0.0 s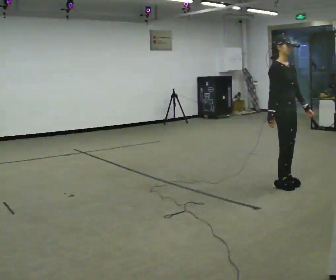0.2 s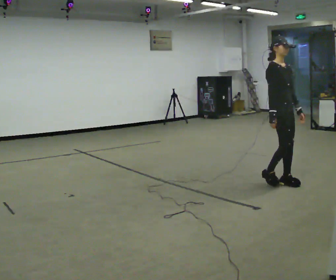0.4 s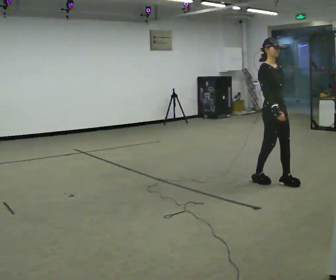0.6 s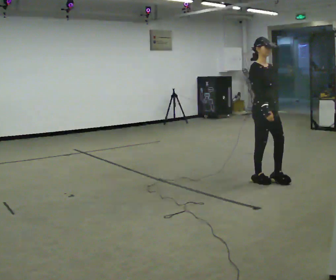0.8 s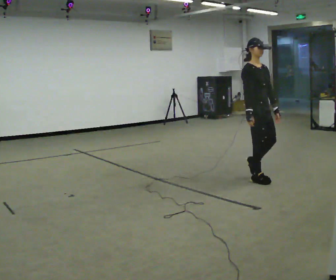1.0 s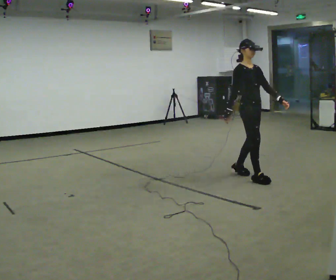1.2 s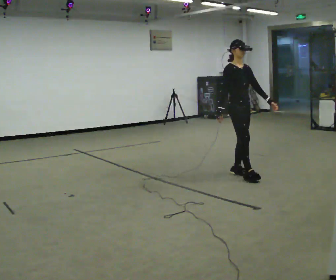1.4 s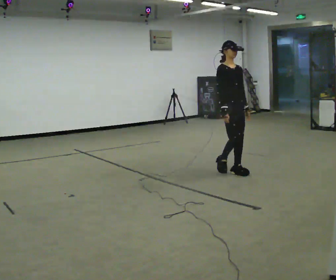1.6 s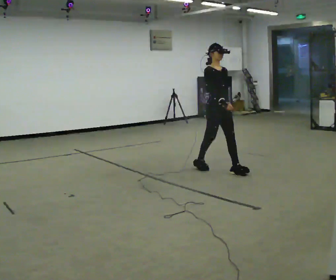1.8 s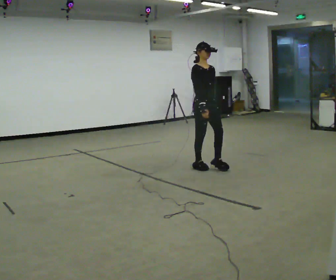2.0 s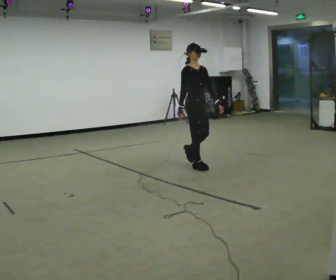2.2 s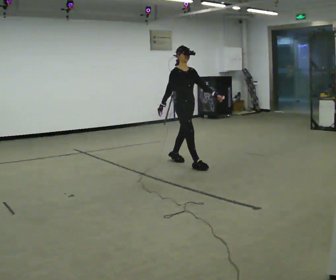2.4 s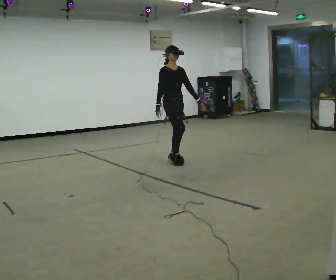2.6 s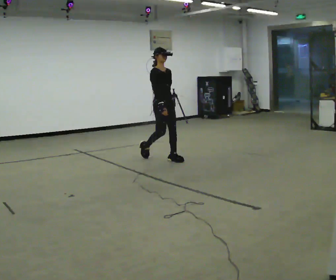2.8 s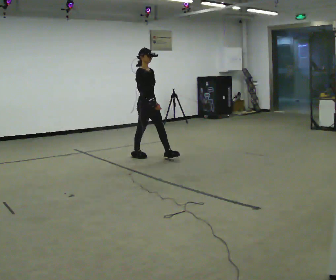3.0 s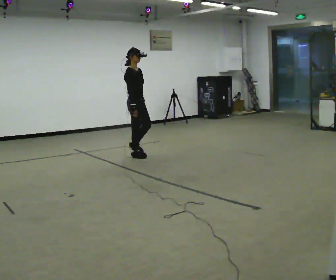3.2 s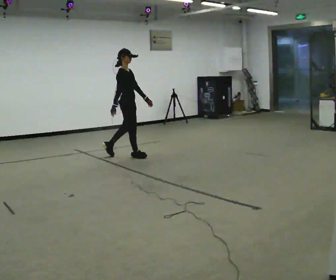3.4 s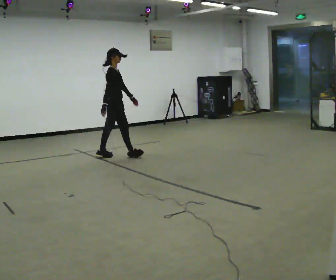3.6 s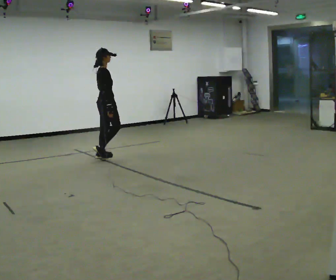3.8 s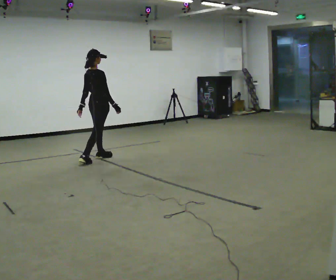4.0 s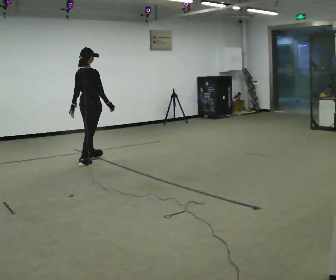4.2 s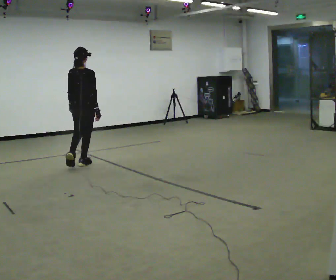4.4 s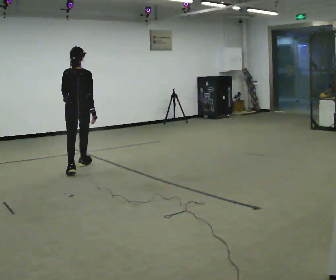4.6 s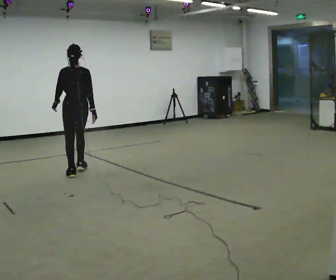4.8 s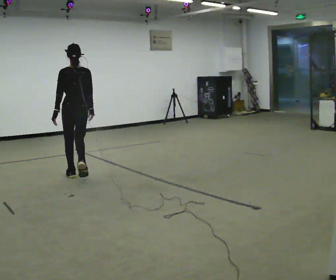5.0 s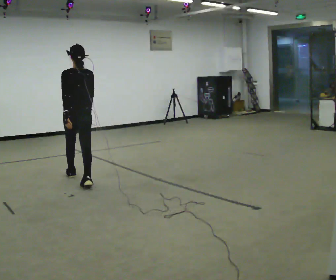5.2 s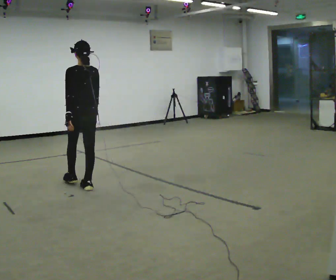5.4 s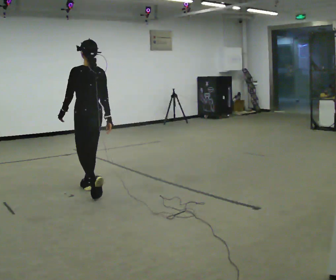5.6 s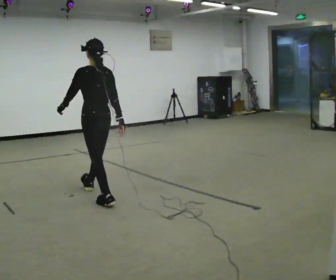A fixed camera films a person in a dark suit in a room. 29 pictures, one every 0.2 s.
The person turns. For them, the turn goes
to their left.
The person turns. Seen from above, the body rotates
counterclockwise.
0.0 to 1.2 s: In the picture they go away from the camera and to the left, about 0.75 m in 3 steps, which for them is backward.
1.2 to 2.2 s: In the picture they go away from the camera and to the left, about 1 m in 1 step, which for them is backward.
2.2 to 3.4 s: The part of the body nearest the lens slides to the right as the person turns to their left by about 60 degrees. In the picture they go to the left and away from the camera, about 1 m in 3 steps, which for them is backward.
3.4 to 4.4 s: The part of the body nearest the lens slides to the right as the person turns to their left by about 90 degrees. In the picture they go toward the camera and to the left, about 1 m in 1 step.
4.4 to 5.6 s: The person turns about 45 degrees to their left, counterclockwise seen from above, so the part of the body nearest the lens slides to the right. In the picture they go toward the camera, about 1 m in 3 steps, which for them is backward.
The film runs backward here.
